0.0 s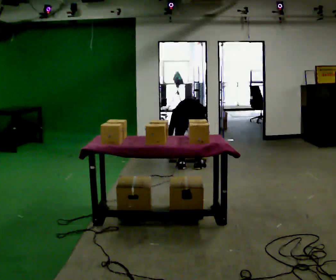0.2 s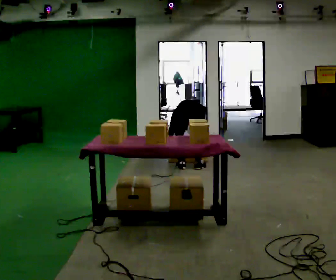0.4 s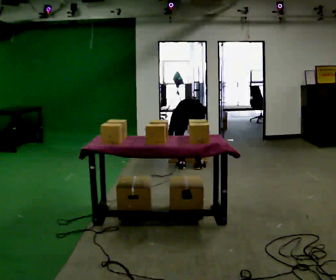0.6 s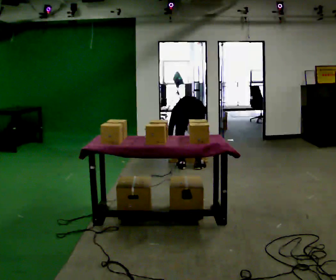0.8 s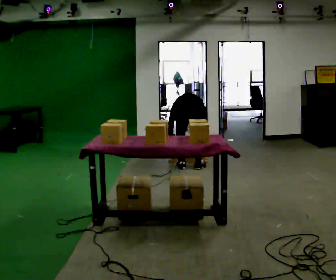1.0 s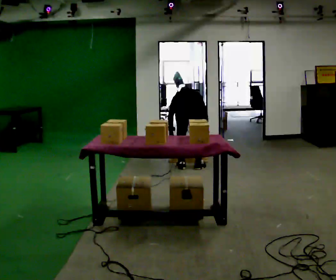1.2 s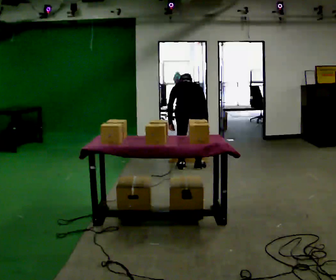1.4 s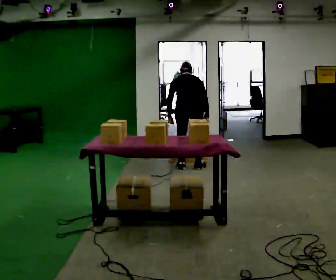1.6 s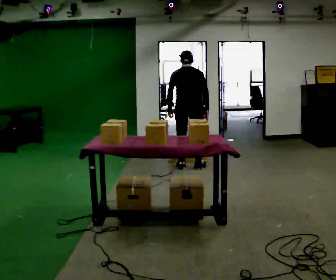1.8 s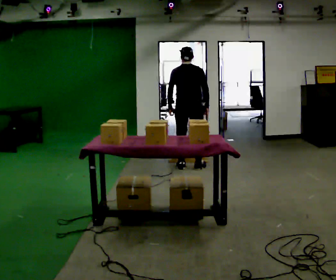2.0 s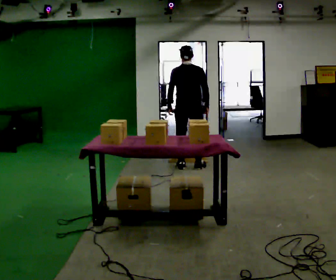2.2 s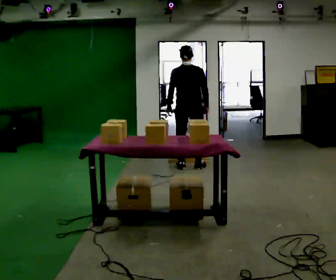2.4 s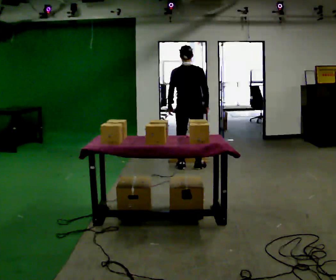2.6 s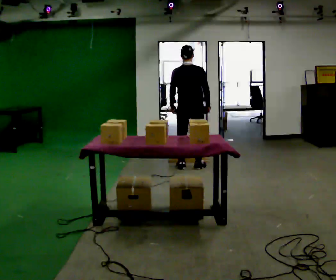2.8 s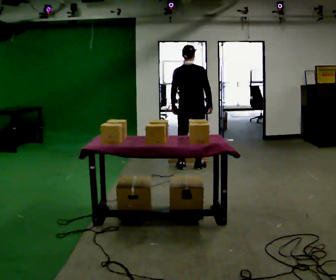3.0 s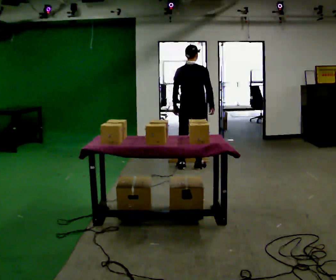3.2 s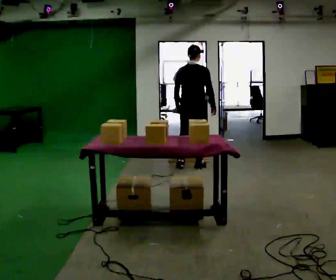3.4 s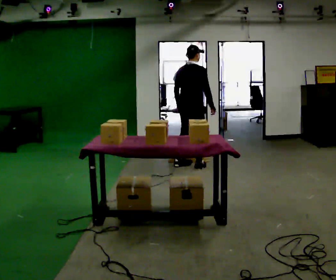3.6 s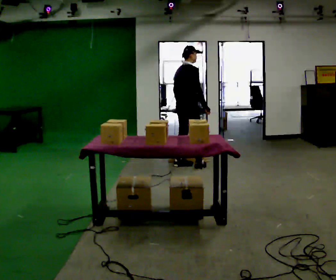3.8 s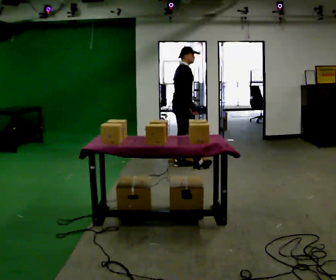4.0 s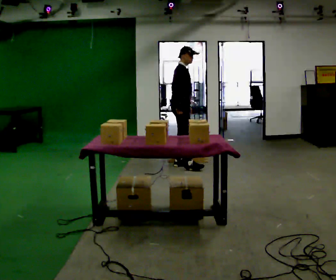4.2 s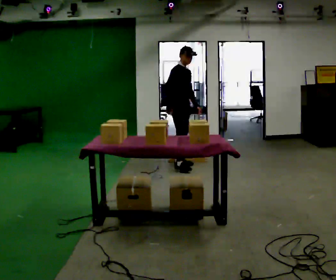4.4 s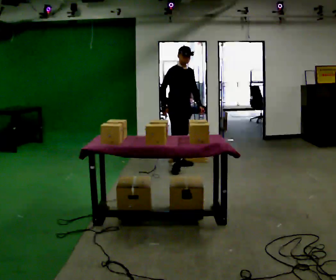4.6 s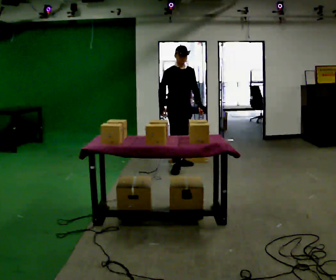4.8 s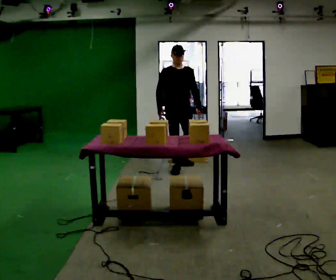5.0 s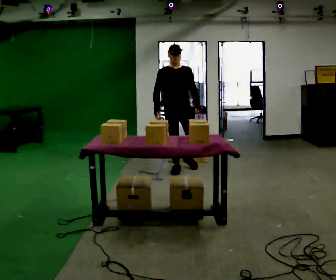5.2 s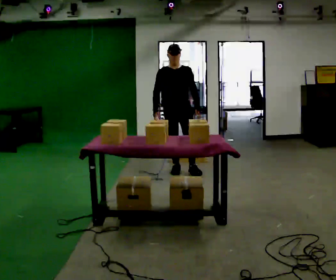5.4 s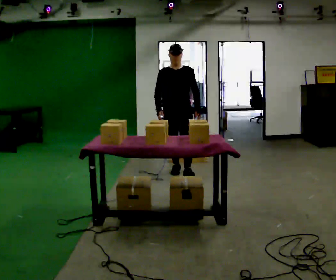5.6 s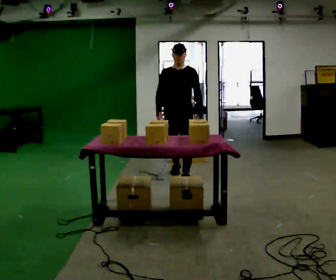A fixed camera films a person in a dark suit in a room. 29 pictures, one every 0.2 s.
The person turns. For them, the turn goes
to their right.
The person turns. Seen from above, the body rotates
clockwise.
0.0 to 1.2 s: The upper body goes upward. The upper body tips toward the camera, its near side rolling downward, as they lean back or straighten. In the picture their left hand goes upward.
1.2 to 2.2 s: In the picture they go away from the camera, about 0.25 m, which for them is forward. The upper body goes upward. The upper body tips toward the camera, its near side rolling downward, as they lean back or straighten.
2.2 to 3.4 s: The person turns about 45 degrees to their right, clockwise seen from above, so the part of the body nearest the lens slides to the left.
3.4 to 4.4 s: The person turns about 90 degrees to their right, clockwise seen from above, so the part of the body nearest the lens slides to the left. In the picture they go to the left, about 0.25 m in 2 steps. In the picture their left hand goes to the right, the arm swinging counterclockwise.
4.4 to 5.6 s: The person turns about 45 degrees to their right, clockwise seen from above, so the part of the body nearest the lens slides to the left. In the picture they go toward the camera, about 0.5 m in 1 step, which for them is forward.
The film runs forward here.
